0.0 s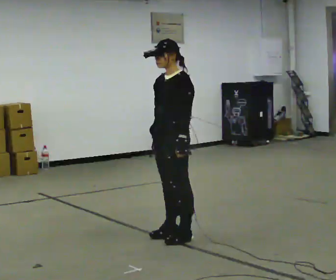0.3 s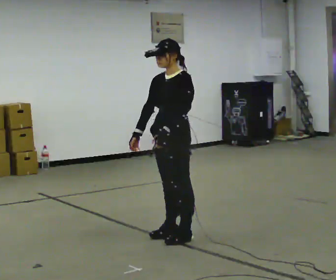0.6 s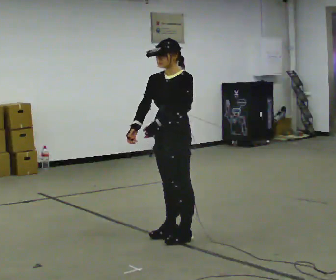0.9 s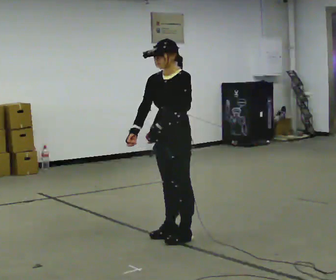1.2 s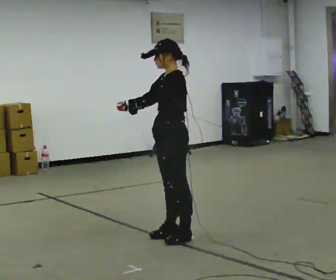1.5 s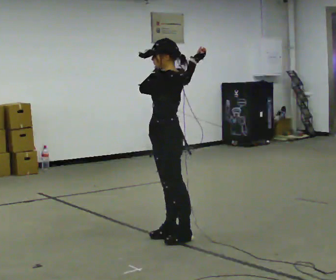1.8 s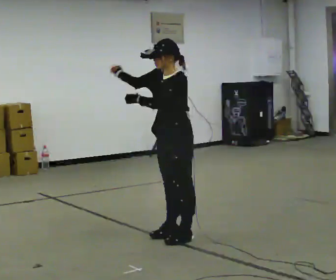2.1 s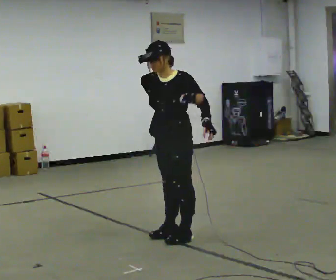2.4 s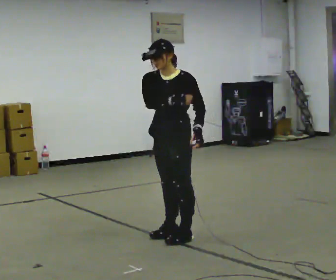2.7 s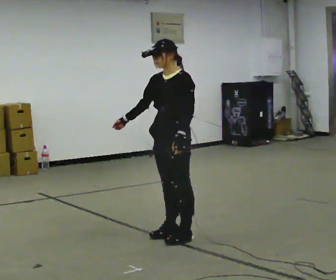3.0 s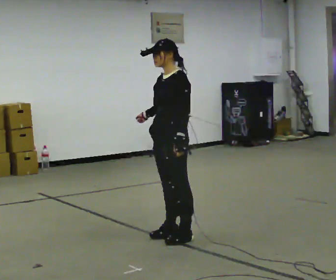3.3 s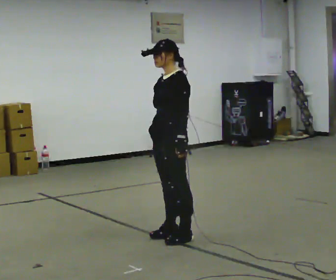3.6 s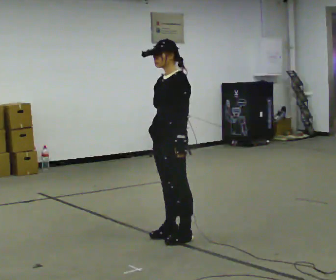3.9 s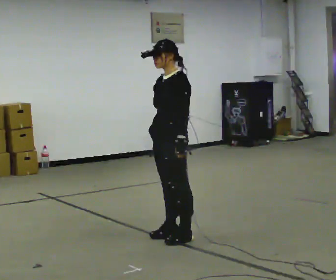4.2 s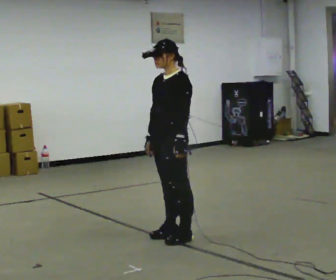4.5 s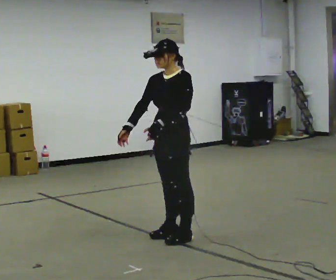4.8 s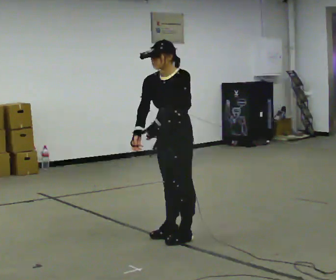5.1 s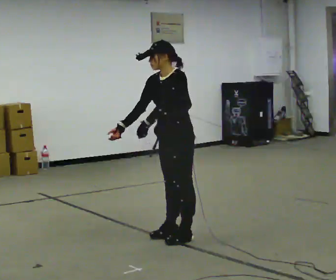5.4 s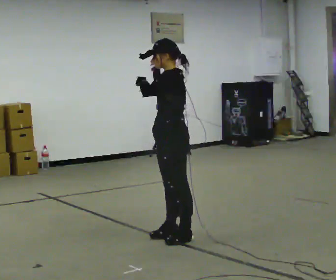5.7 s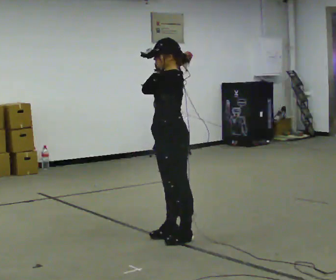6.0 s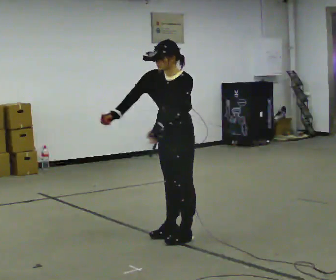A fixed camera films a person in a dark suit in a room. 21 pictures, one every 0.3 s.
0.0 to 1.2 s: In the picture their left hand goes to the left, the arm swinging clockwise.
1.2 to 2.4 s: The person turns about 45 degrees to their left, counterclockwise seen from above, so the part of the body nearest the lens slides to the right. In the picture their right hand goes to the right.
2.4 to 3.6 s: The person turns about 30 degrees to their right, clockwise seen from above, so the part of the body nearest the lens slides to the left. In the picture their right hand goes downward.
3.6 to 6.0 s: In the picture their right hand goes to the left.
The film runs forward here.
